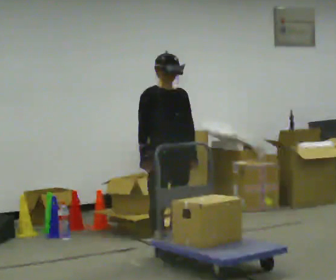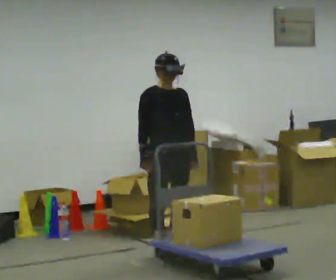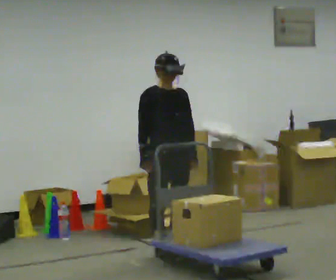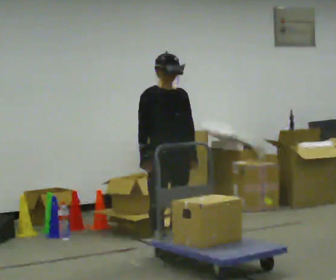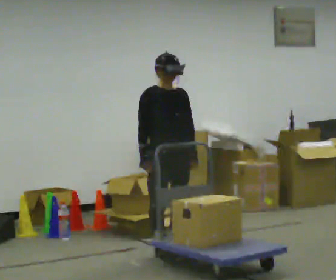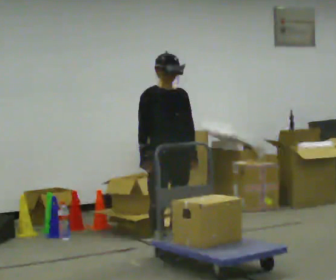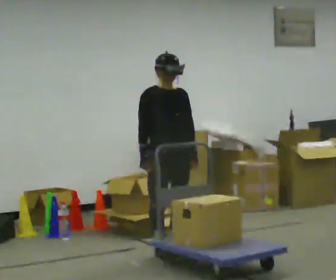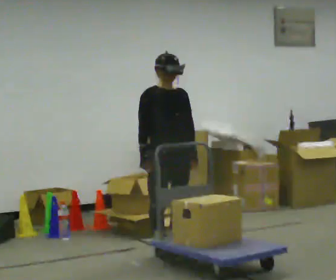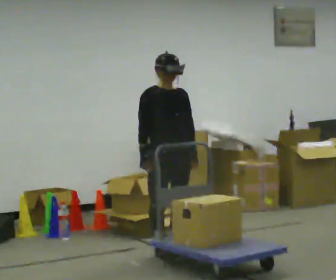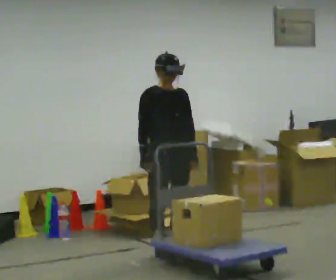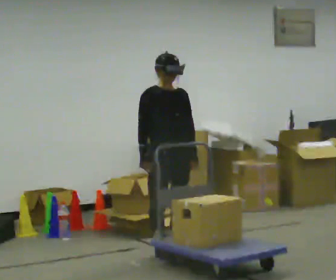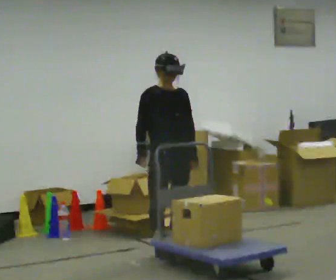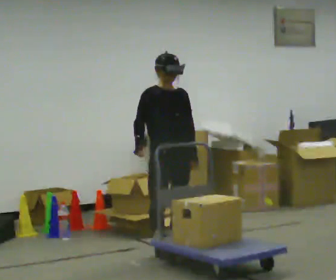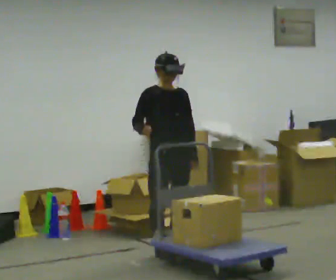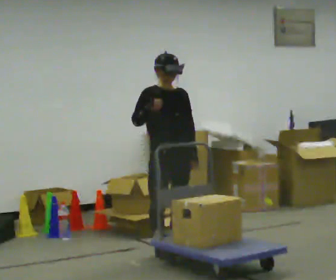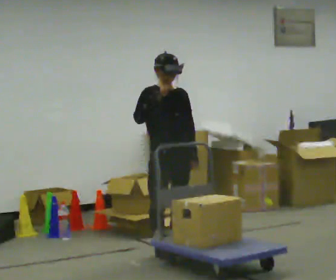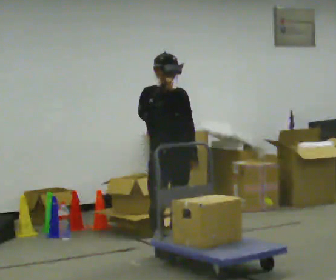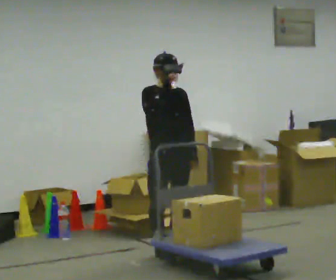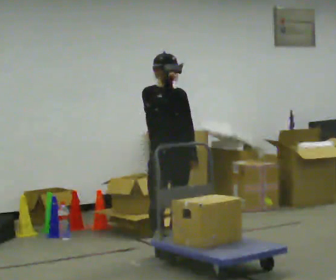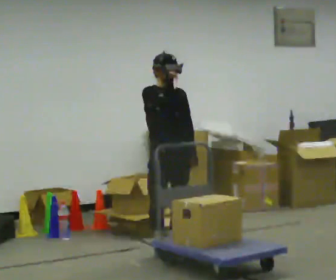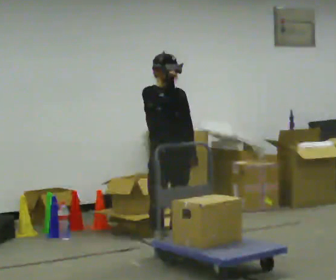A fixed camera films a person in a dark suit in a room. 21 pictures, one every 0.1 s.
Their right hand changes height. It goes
upward.
0.0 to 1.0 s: The person keeps their place and pose.
1.0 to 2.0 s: In the picture their right hand goes upward.
The film runs forward here.
